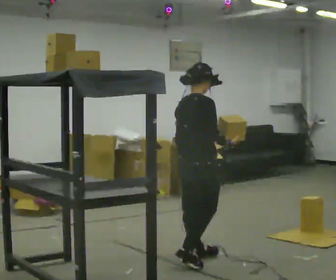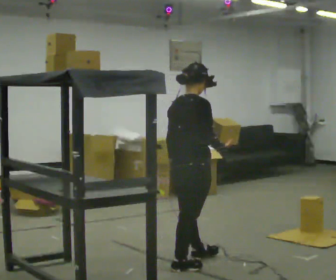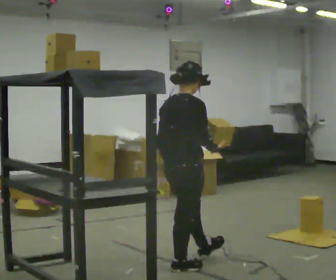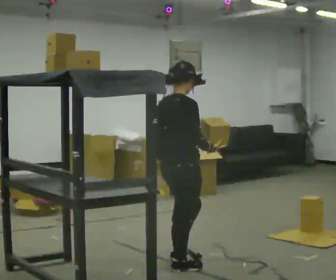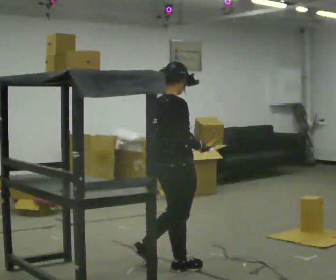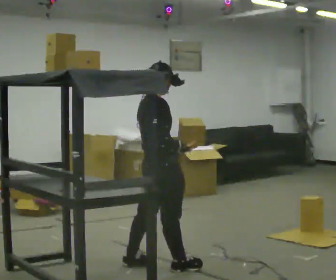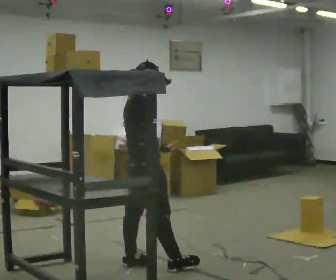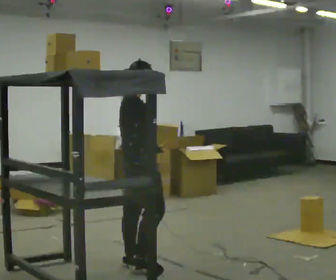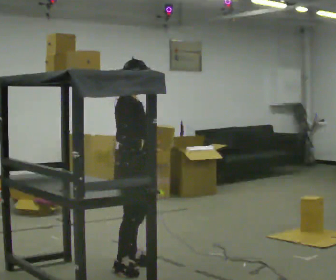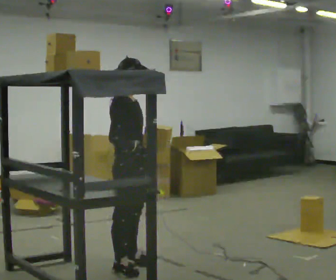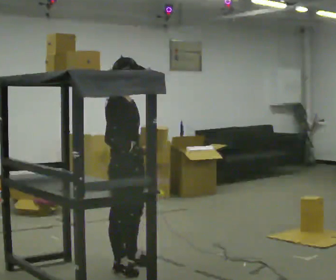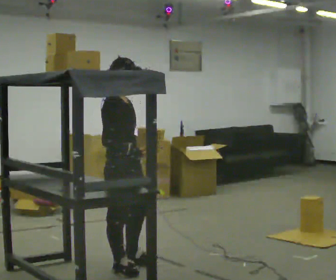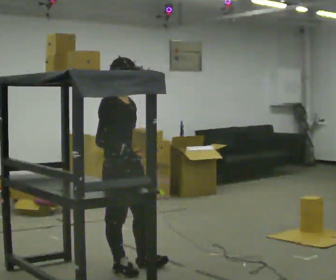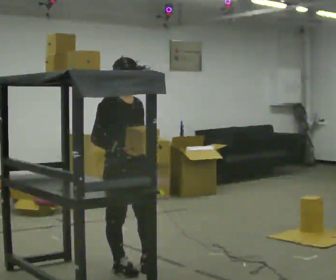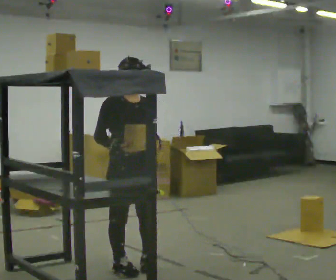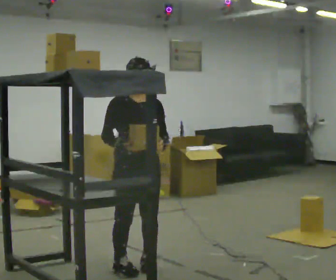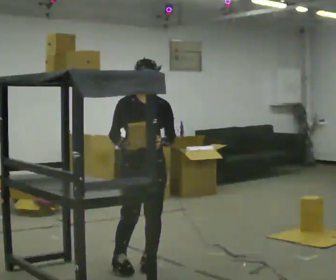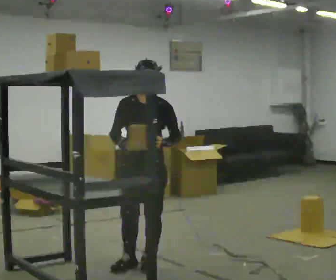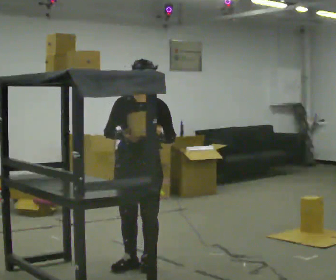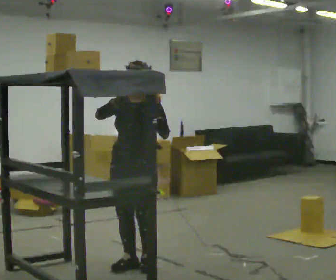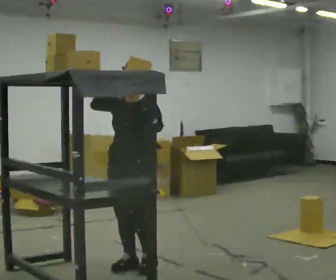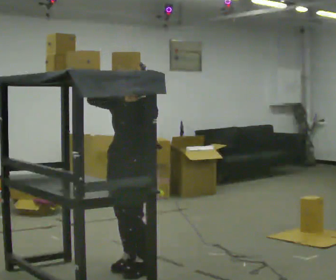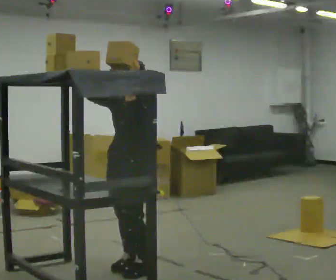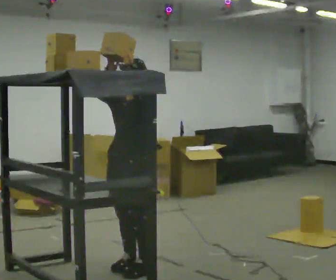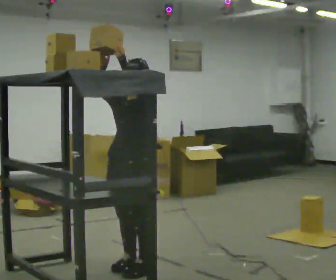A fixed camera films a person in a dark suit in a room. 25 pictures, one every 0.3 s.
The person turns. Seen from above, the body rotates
clockwise.
Their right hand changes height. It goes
upward.
0.0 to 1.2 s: In the picture they go to the left and toward the camera, about 0.25 m in 1 step, which for them is backward.
1.2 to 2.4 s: The person turns about 30 degrees to their right, clockwise seen from above, so the part of the body nearest the lens slides to the left. In the picture they go to the left, about 0.25 m in 1 step, which for them is backward and to their left.
2.4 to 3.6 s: The person moves a little, or ends about where they began.
3.6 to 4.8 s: The person turns about 60 degrees to their right, clockwise seen from above, so the part of the body nearest the lens slides to the left. In the picture they go to the right, about 0.25 m.
4.8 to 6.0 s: The part of the body nearest the lens slides to the left as the person turns to their right by about 30 degrees. In the picture their right hand goes upward.
6.0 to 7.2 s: The person moves a little, or ends about where they began.
The film runs backward here.
